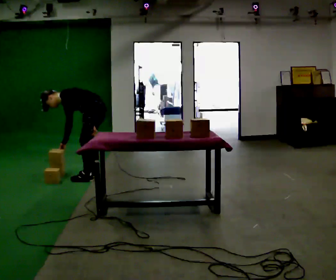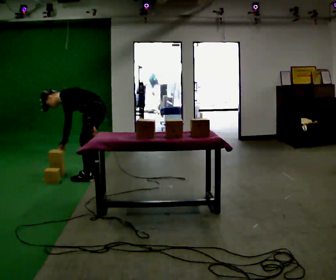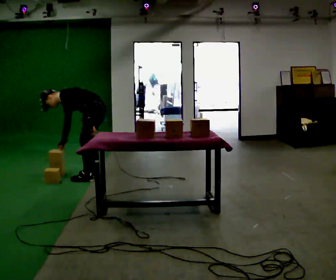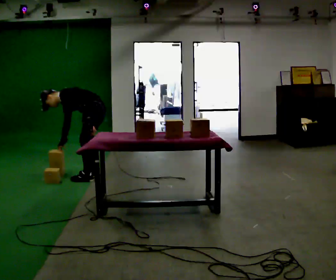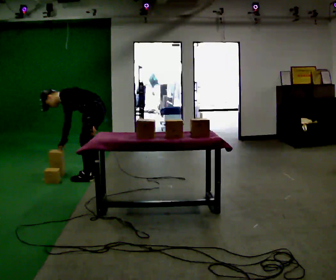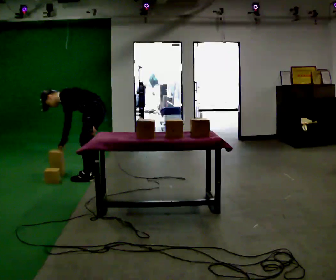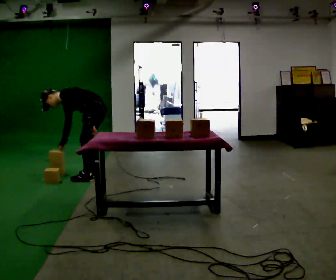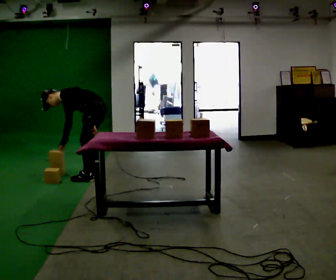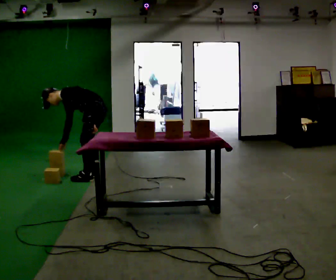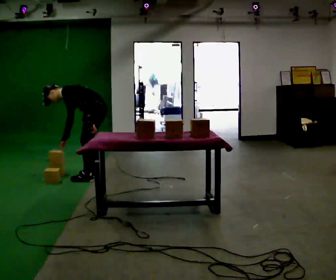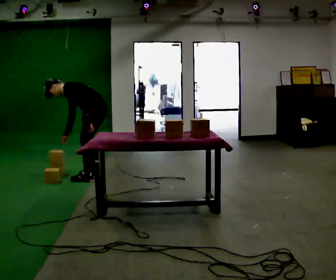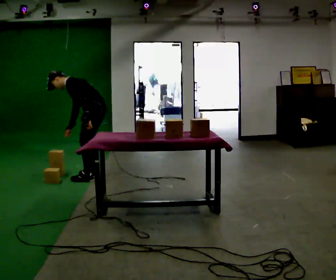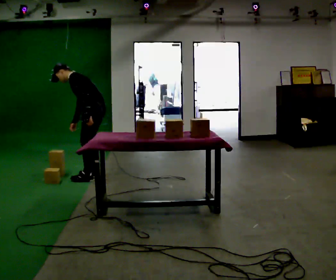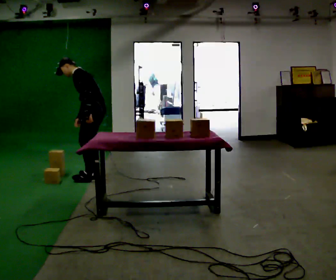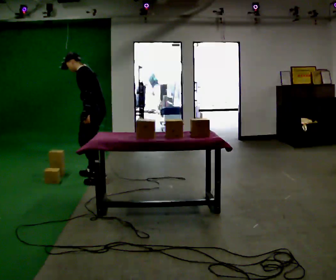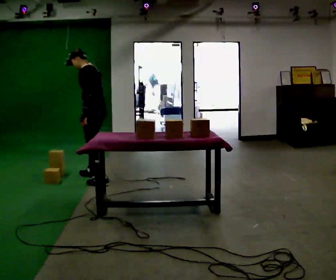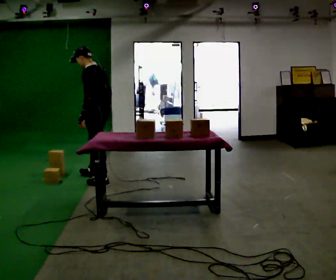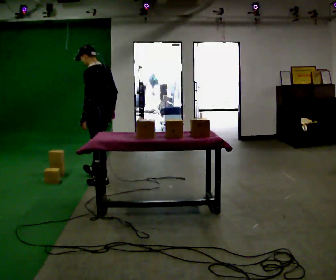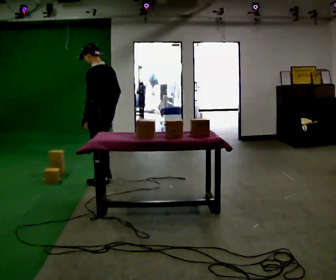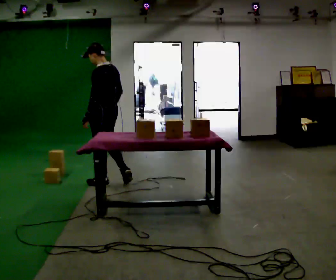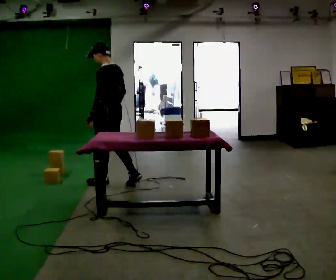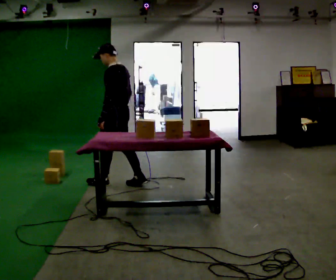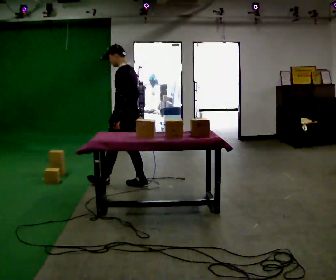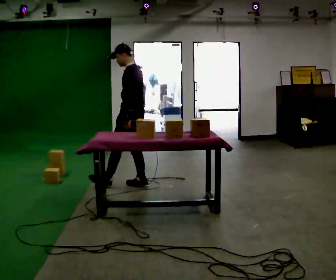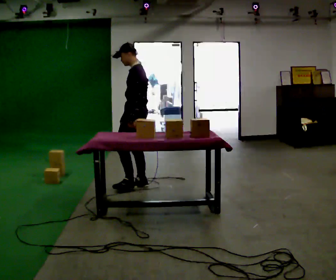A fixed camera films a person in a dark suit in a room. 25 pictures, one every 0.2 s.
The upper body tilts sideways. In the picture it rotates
clockwise.
The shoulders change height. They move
upward.
0.0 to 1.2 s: The person moves a little, or ends about where they began.
1.2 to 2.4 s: The shoulders move upward. In the picture the upper body tilts clockwise, shoulders to the right, as they lean back or straighten.
2.4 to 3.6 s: The person turns about 30 degrees to their right, clockwise seen from above, so the part of the body nearest the lens slides to the left. In the picture they go toward the camera, about 0.25 m in 2 steps, which for them is to their left and backward. In the picture the upper body tilts clockwise, shoulders to the right, as they lean back or straighten.
3.6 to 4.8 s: The part of the body nearest the lens slides to the right as the person turns to their left by about 30 degrees. In the picture they go to the right, about 0.5 m in 1 step, which for them is backward and to their right.
The film runs backward here.
